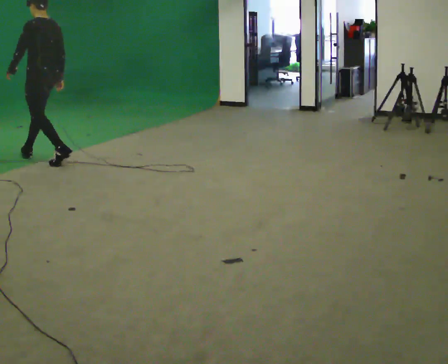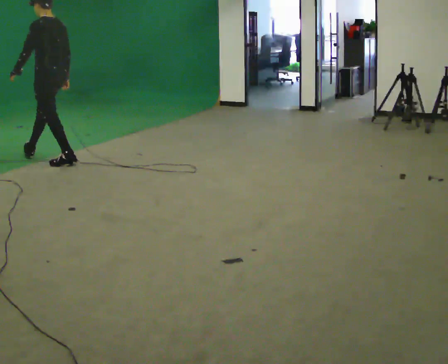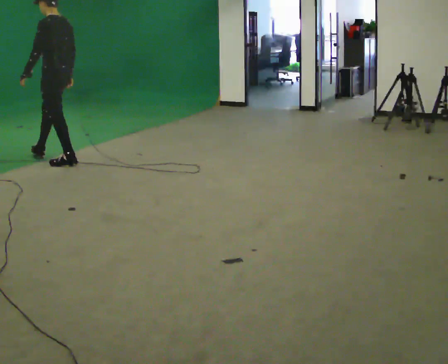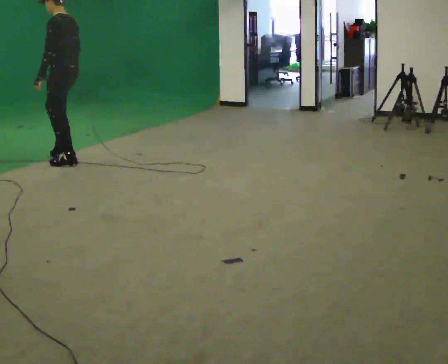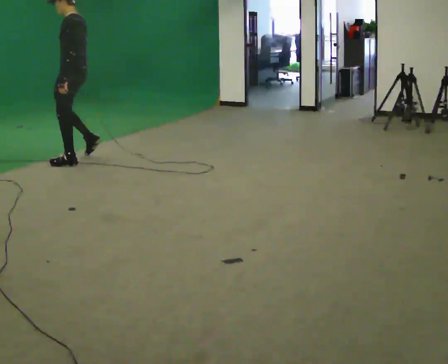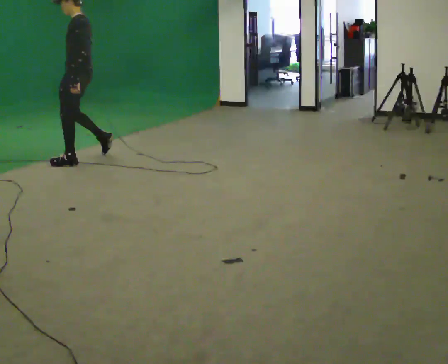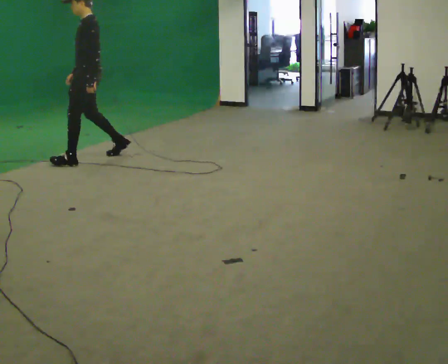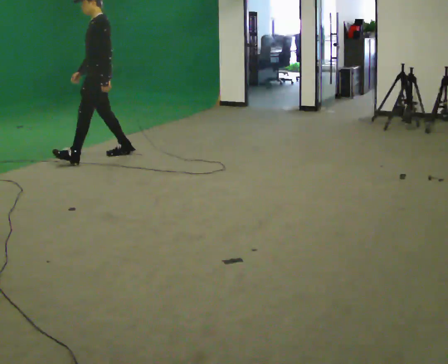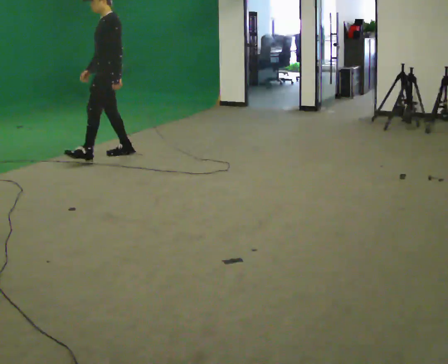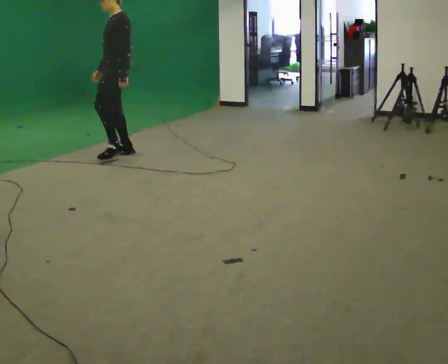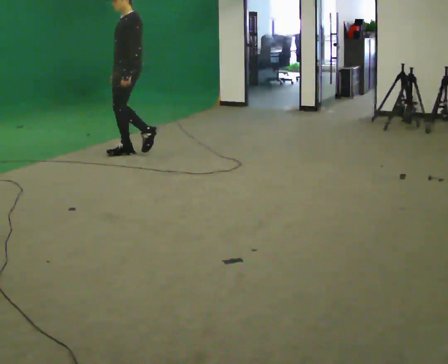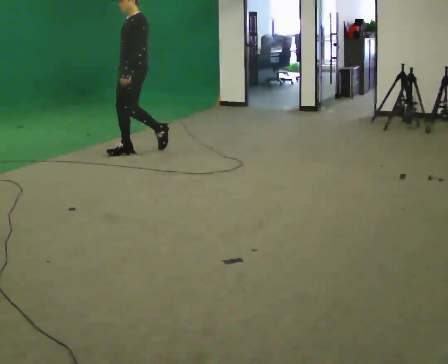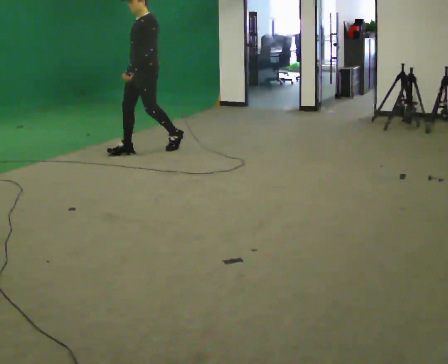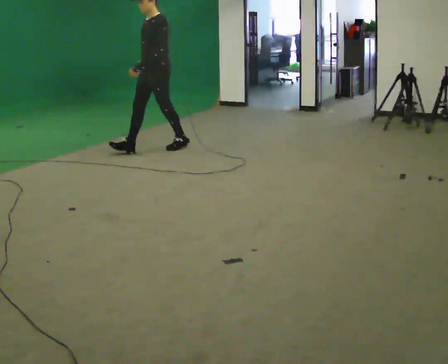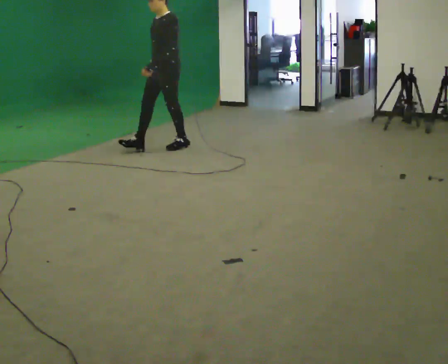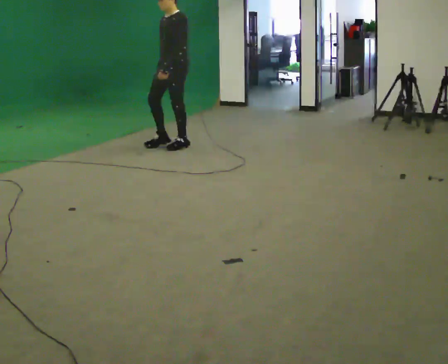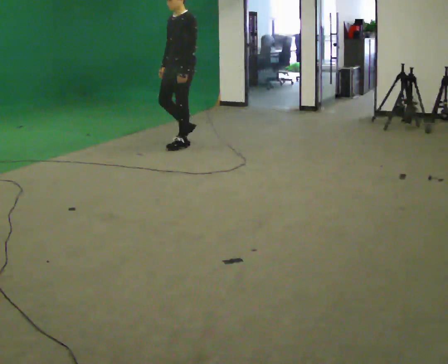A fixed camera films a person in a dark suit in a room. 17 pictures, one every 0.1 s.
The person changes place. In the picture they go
to the right.
The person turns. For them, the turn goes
to their left.
0.0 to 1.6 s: The part of the body nearest the lens slides to the right as the person turns to their left by about 60 degrees. In the picture they go to the right, about 1.5 m in 3 steps.
The film runs backward here.
